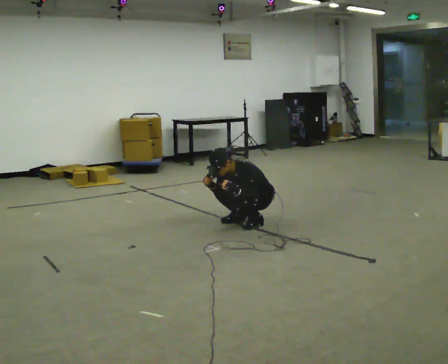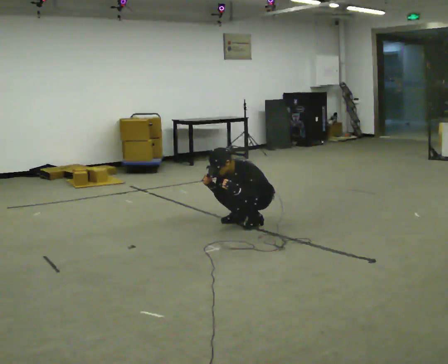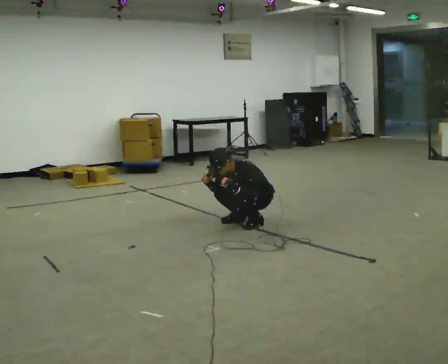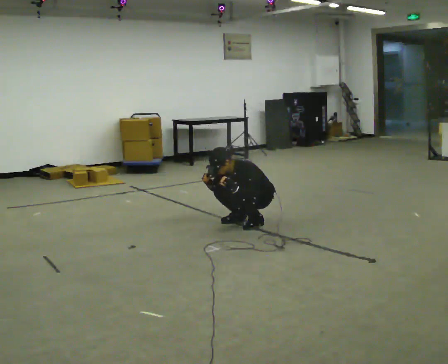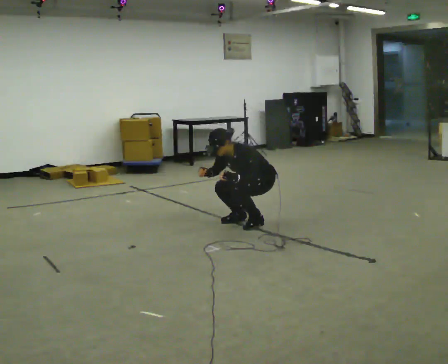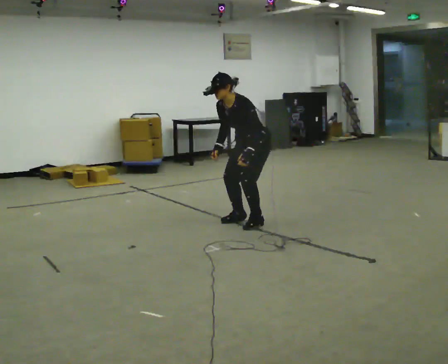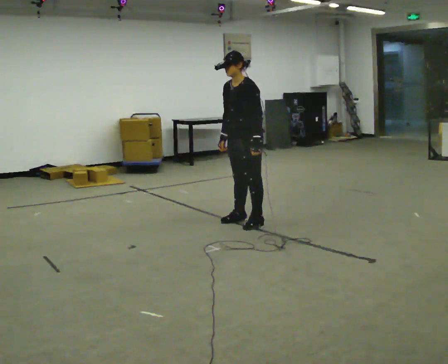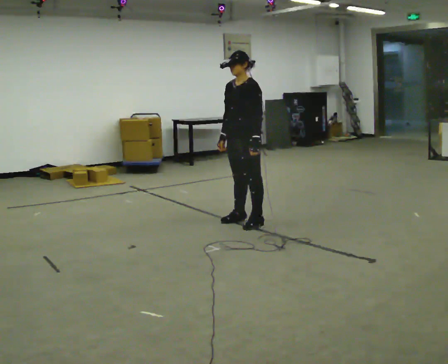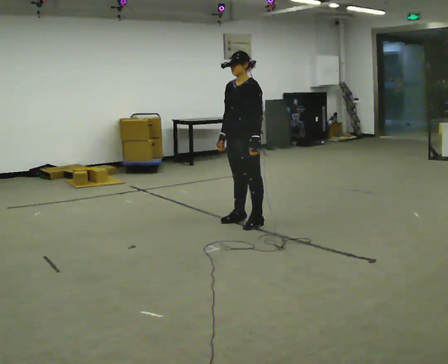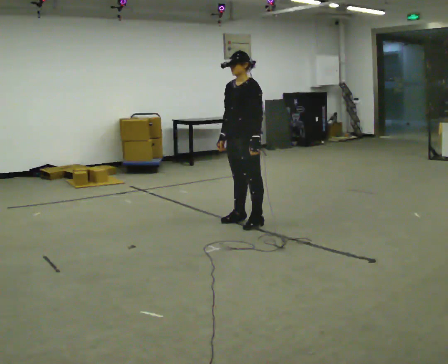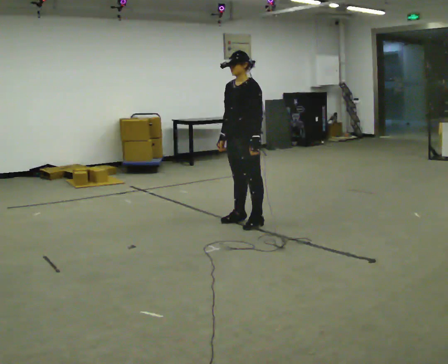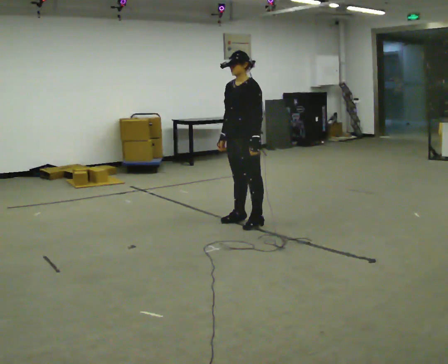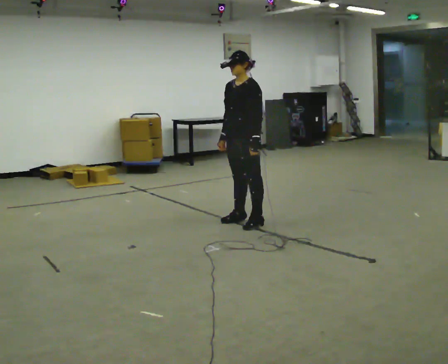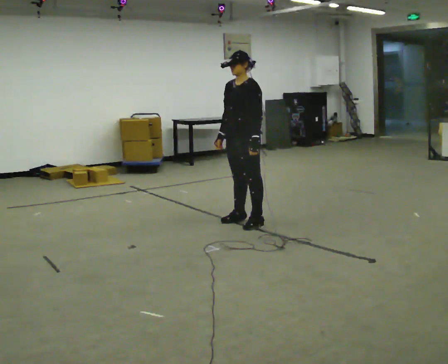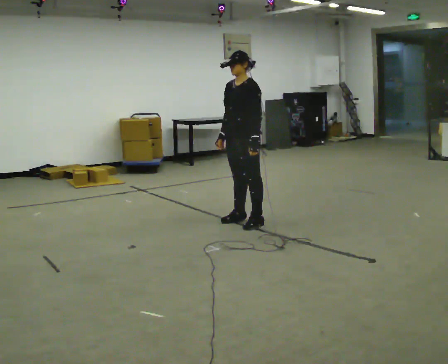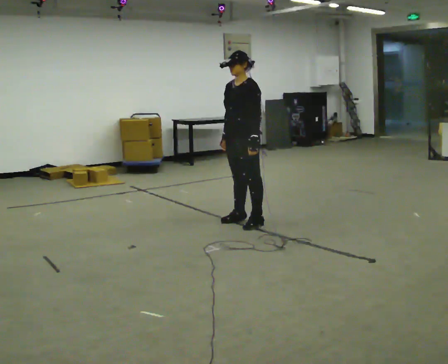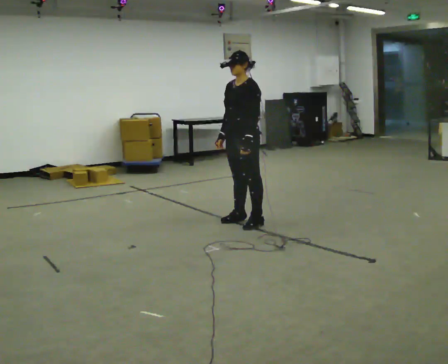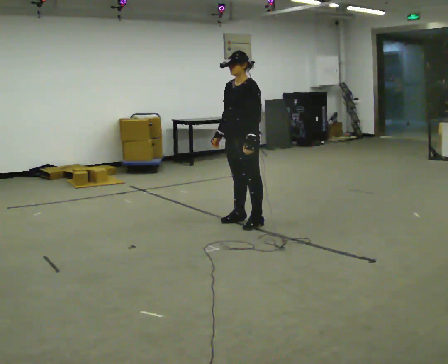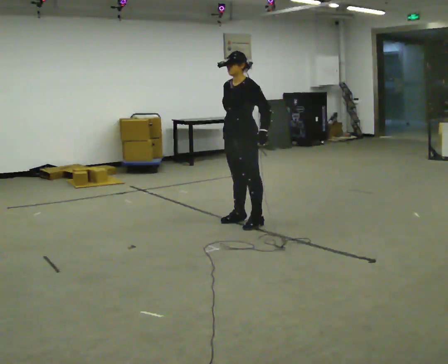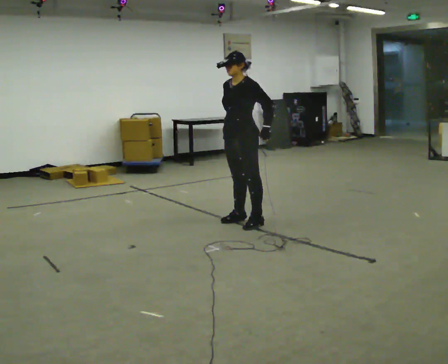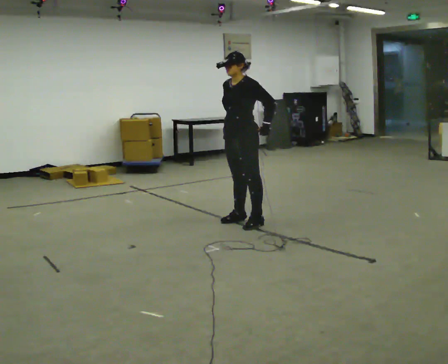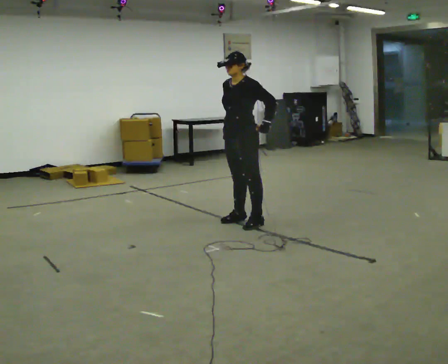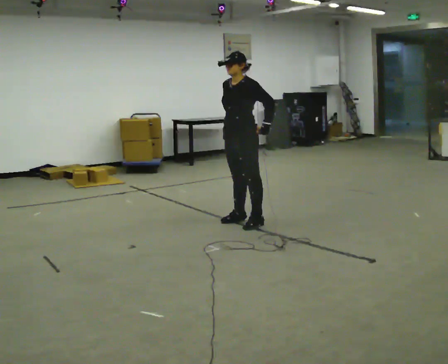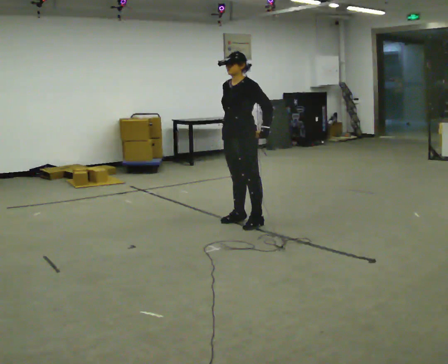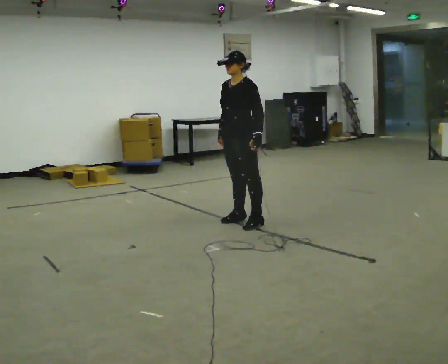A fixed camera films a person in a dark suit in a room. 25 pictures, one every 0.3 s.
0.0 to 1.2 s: The person moves a little, or ends about where they began.
1.2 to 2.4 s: The upper body goes upward. In the picture the upper body tilts clockwise, shoulders to the right, as they lean back or straighten. In the picture their left hand goes upward.
2.4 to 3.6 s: The person keeps their place and pose.
3.6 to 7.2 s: The person moves a little, or ends about where they began.
The film runs backward here.
